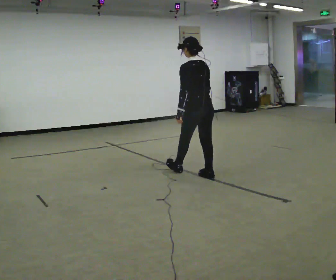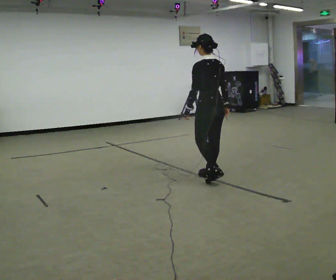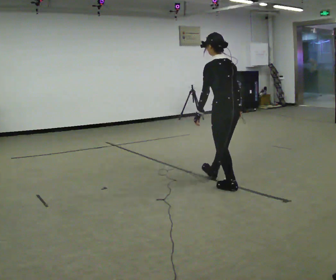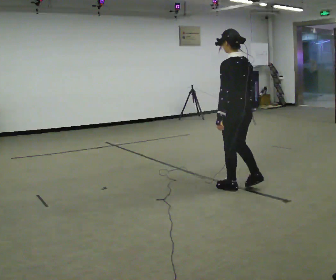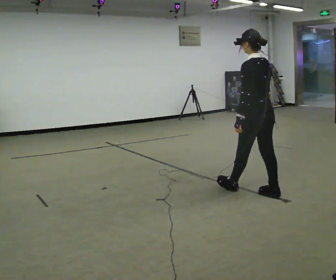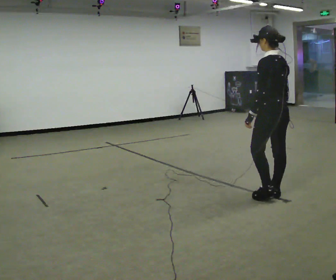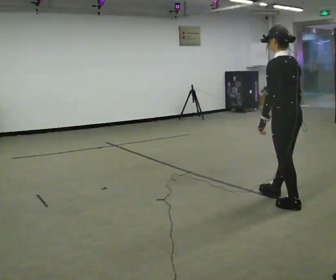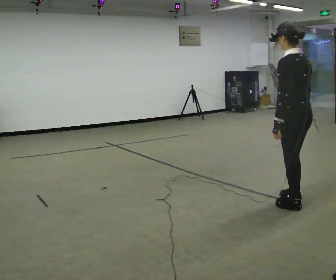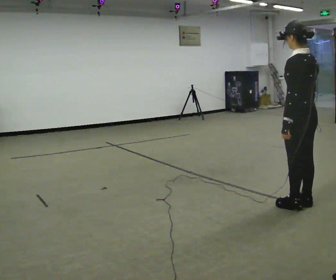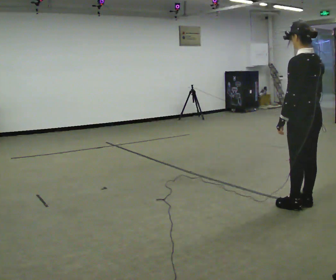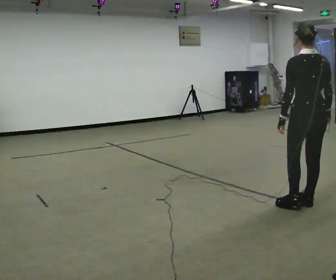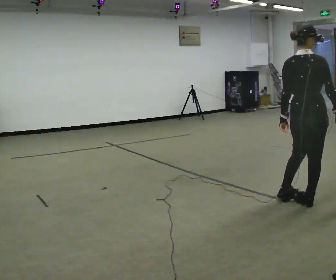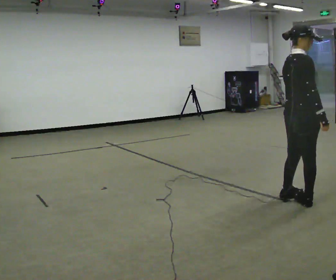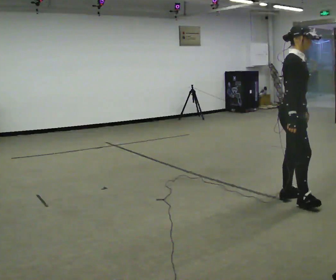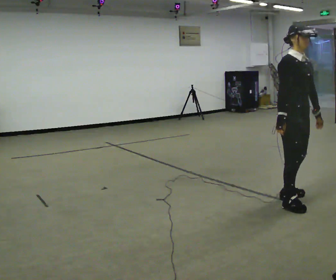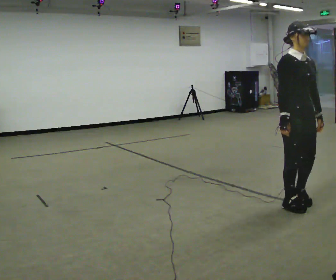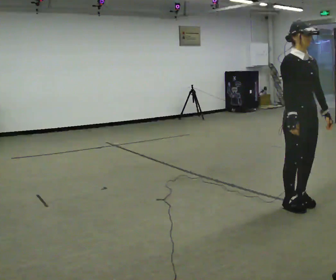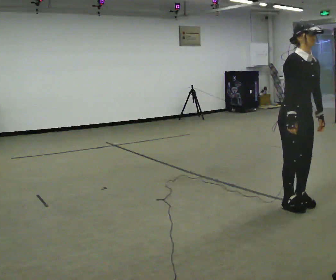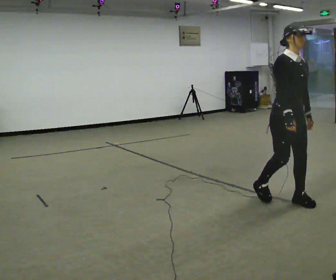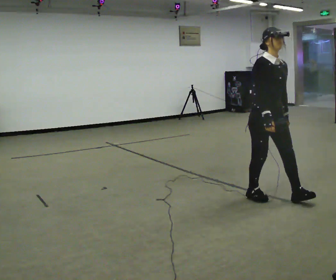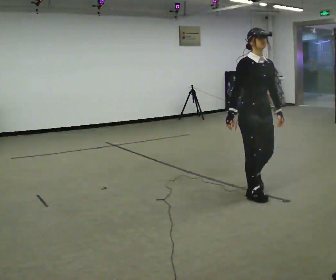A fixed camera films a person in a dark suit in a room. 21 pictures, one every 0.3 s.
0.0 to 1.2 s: In the picture they go to the right and toward the camera, about 1 m in 2 steps, which for them is backward.
1.2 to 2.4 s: In the picture they go to the right and toward the camera, about 0.5 m in 2 steps, which for them is backward.
2.4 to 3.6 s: The part of the body nearest the lens slides to the left as the person turns to their right by about 105 degrees.
3.6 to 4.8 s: The person turns about 75 degrees to their right, clockwise seen from above, so the part of the body nearest the lens slides to the left. In the picture their left hand goes to the right.
4.8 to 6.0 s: In the picture they go to the left and away from the camera, about 0.5 m in 1 step, which for them is backward.
The film runs forward here.
